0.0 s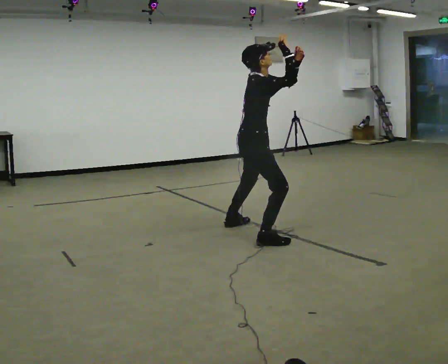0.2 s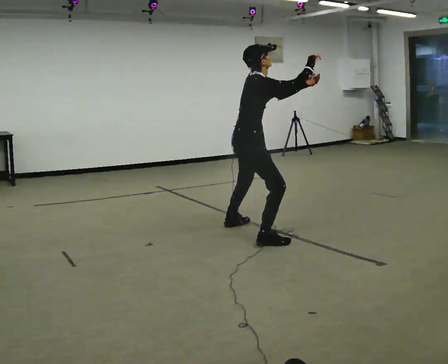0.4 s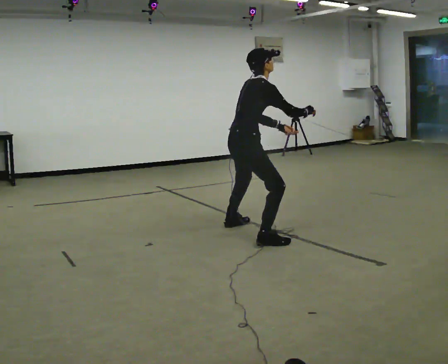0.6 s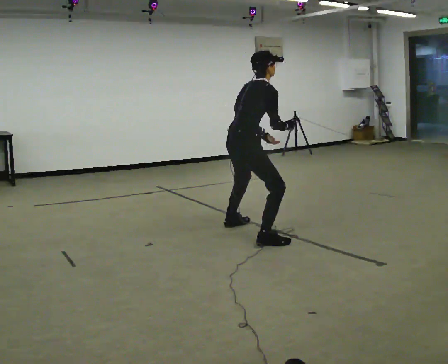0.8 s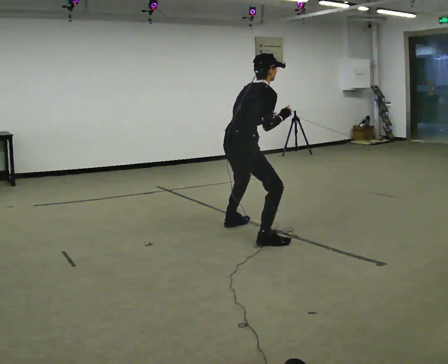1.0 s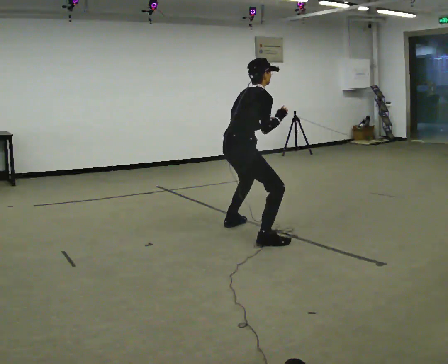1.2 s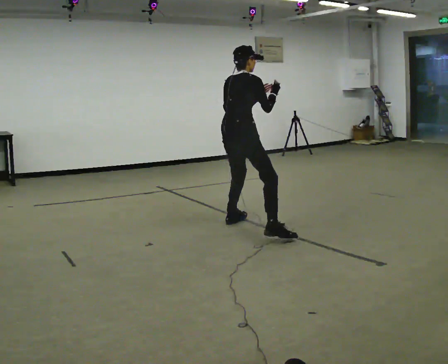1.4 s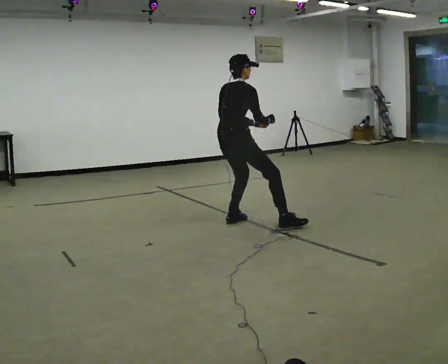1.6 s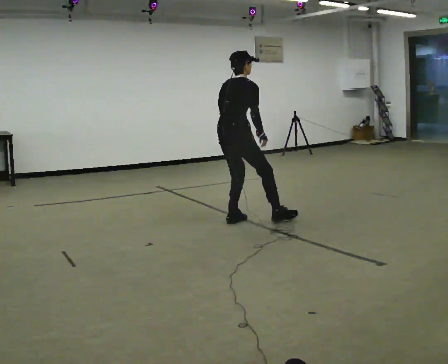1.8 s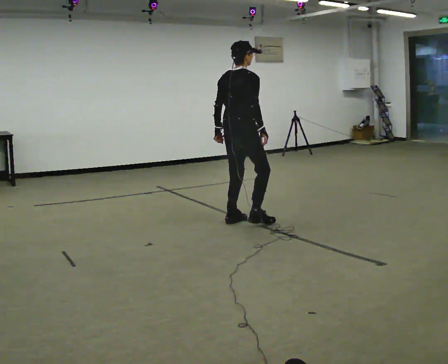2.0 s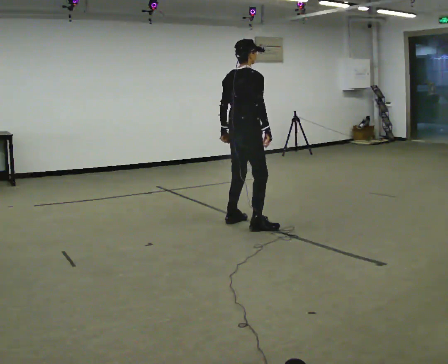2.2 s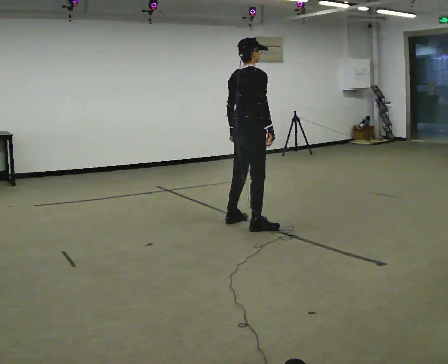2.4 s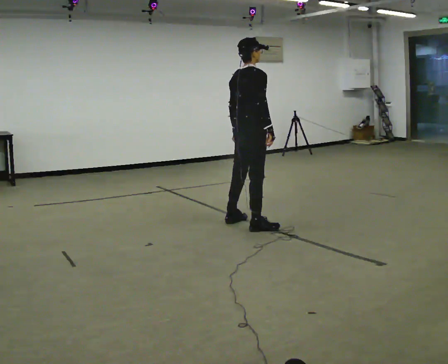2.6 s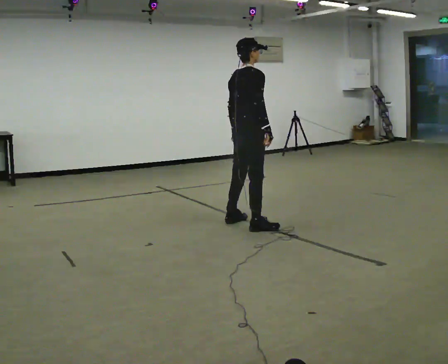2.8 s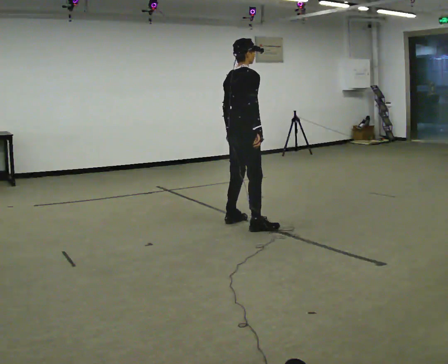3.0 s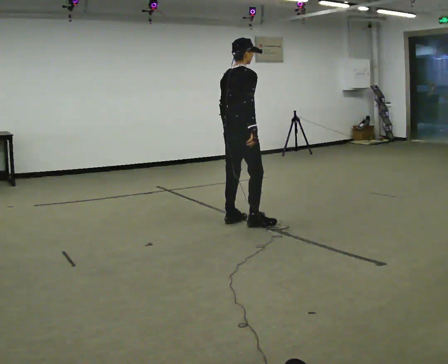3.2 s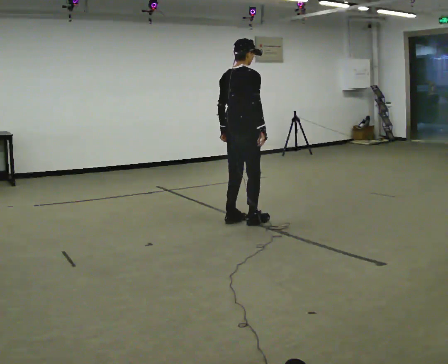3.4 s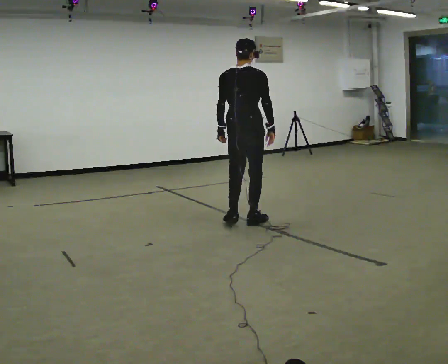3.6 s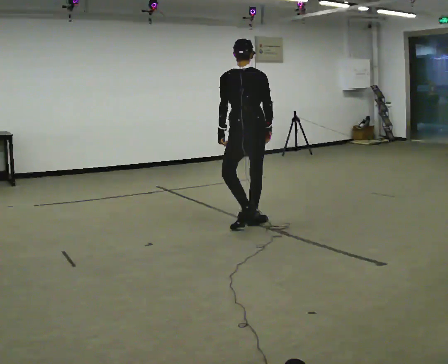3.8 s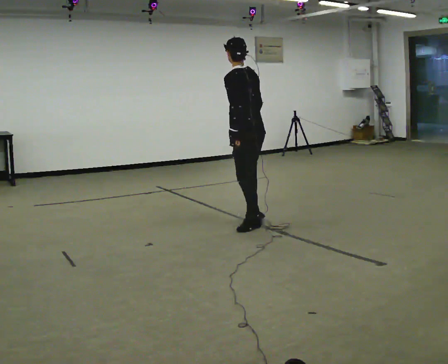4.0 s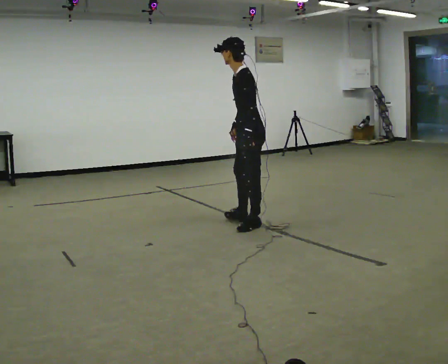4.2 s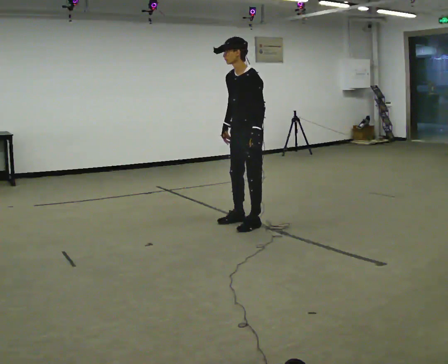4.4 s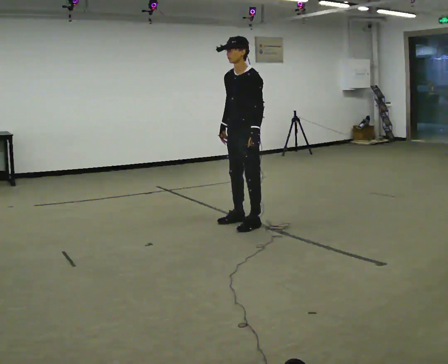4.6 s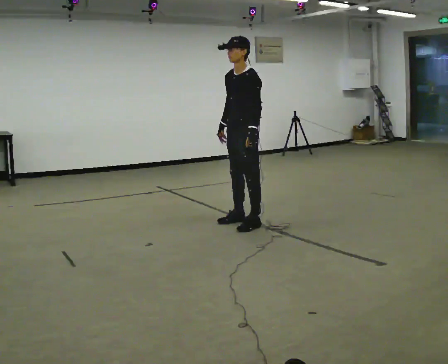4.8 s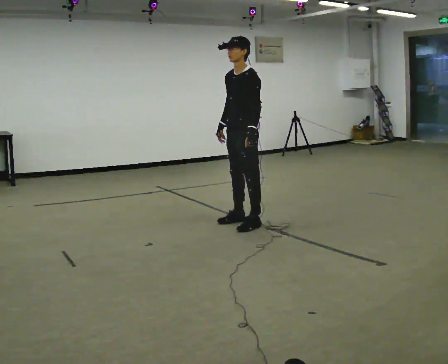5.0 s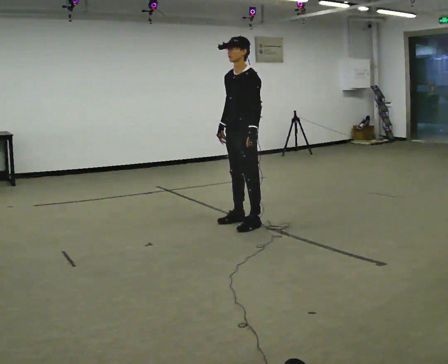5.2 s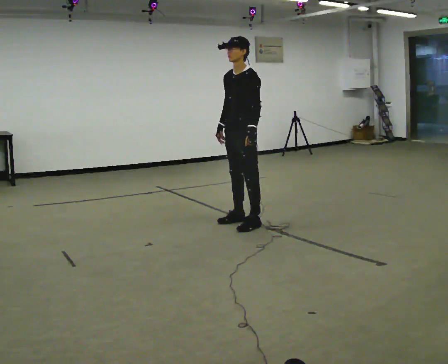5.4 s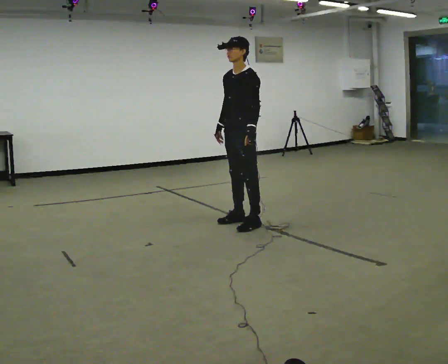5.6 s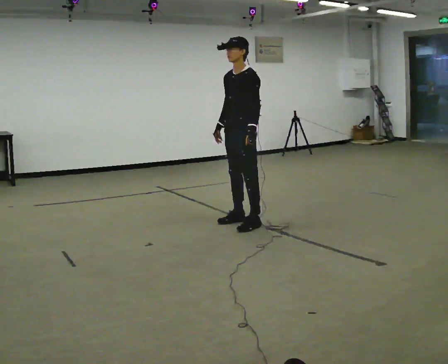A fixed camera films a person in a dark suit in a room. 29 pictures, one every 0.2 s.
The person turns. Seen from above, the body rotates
counterclockwise.
The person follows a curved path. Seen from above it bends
clockwise.
0.0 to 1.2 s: The part of the body nearest the lens slides to the right as the person turns to their left by about 45 degrees. The upper body tips away from the camera, its near side rolling upward. In the picture their right hand goes downward.
1.2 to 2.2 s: In the picture they go away from the camera, about 0.25 m, which for them is forward. In the picture their right hand goes downward.
2.2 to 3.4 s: The part of the body nearest the lens slides to the right as the person turns to their left by about 30 degrees.
3.4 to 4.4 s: The person turns about 150 degrees to their left, counterclockwise seen from above, so the part of the body nearest the lens slides to the right. In the picture their right hand goes to the left, the arm swinging clockwise.
4.4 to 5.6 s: The person moves a little, or ends about where they began.
The film runs backward here.
